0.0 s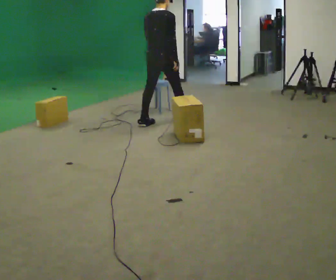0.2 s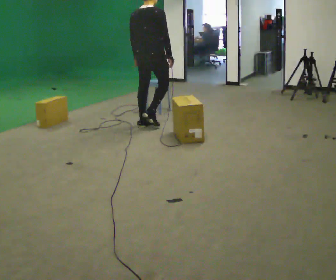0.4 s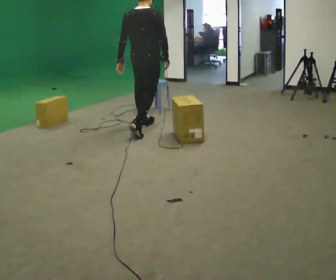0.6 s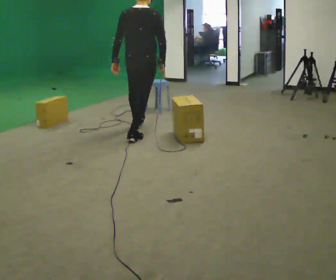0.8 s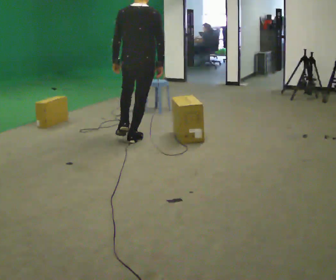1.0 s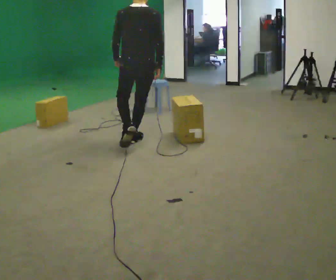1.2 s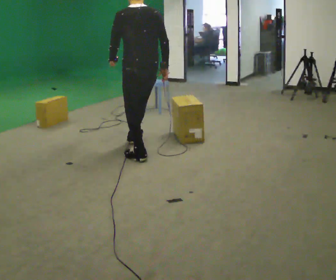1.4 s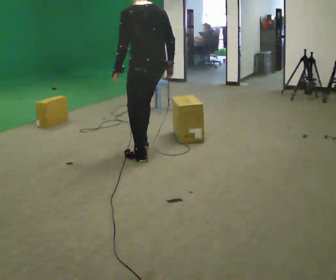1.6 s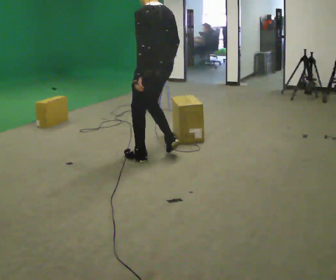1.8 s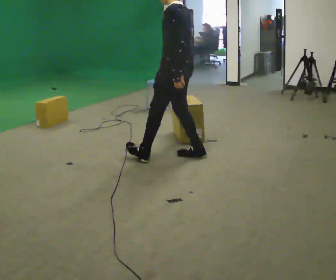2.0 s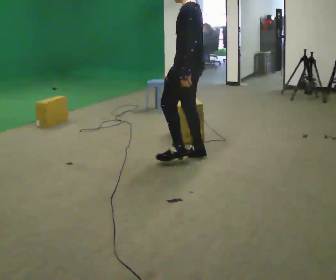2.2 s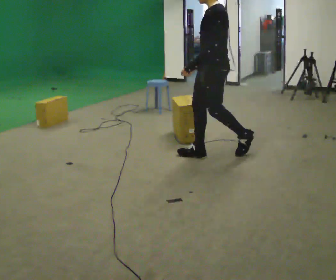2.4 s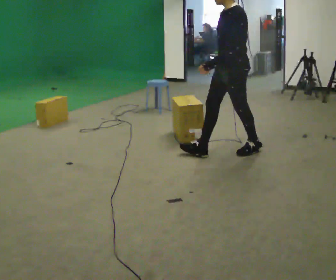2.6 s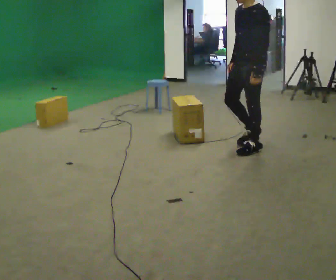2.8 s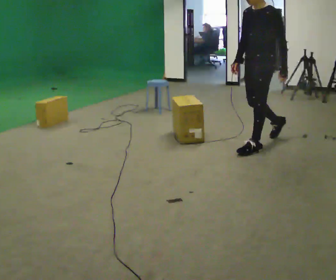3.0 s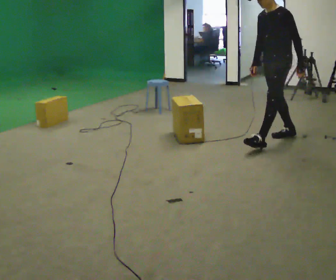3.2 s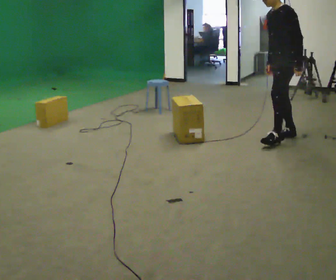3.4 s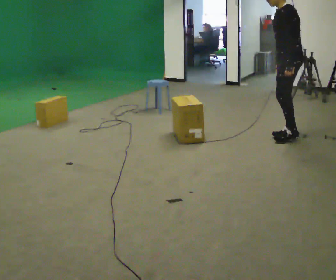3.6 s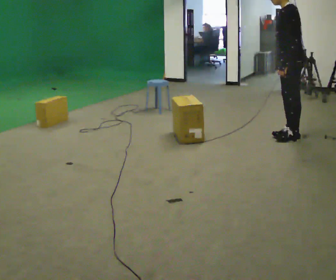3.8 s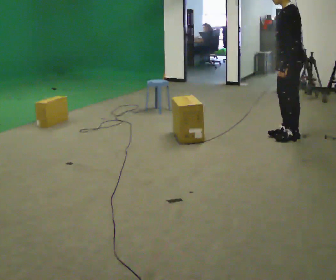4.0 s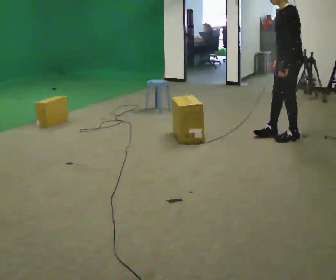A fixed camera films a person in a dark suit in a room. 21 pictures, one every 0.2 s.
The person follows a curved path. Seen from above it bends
counterclockwise.
The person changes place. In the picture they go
to the right.
0.0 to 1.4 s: The part of the body nearest the lens slides to the right as the person turns to their left by about 75 degrees. In the picture they go toward the camera, about 1 m in 2 steps.
1.4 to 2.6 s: The person turns about 75 degrees to their left, counterclockwise seen from above, so the part of the body nearest the lens slides to the right. In the picture they go to the right, about 1 m in 2 steps.
2.6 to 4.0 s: The person turns about 30 degrees to their right, clockwise seen from above, so the part of the body nearest the lens slides to the left. In the picture they go to the right and away from the camera, about 0.5 m in 2 steps, which for them is backward.
The film runs backward here.
